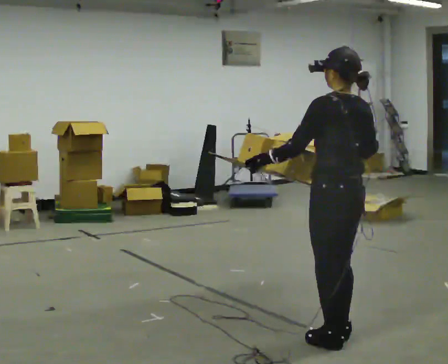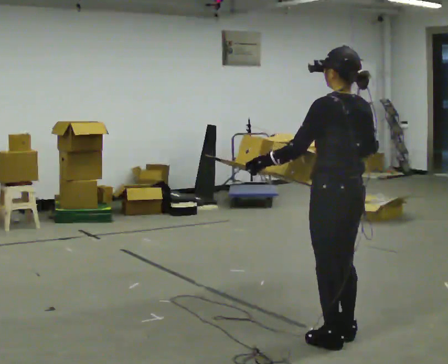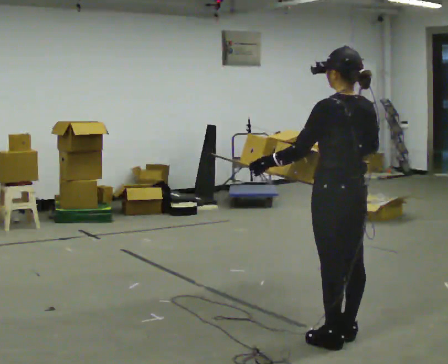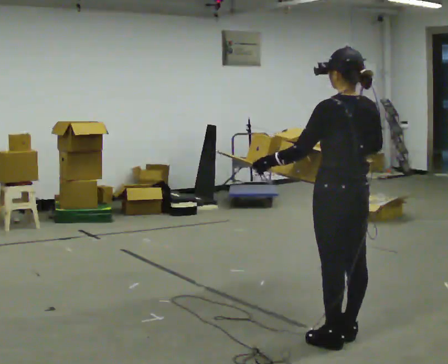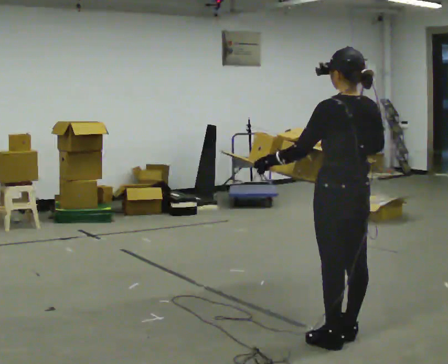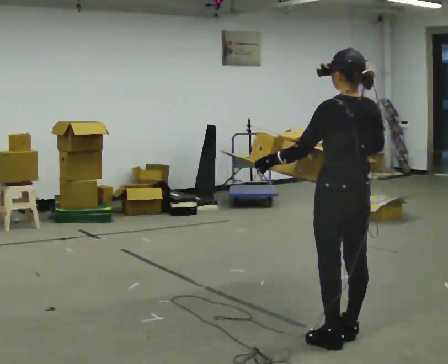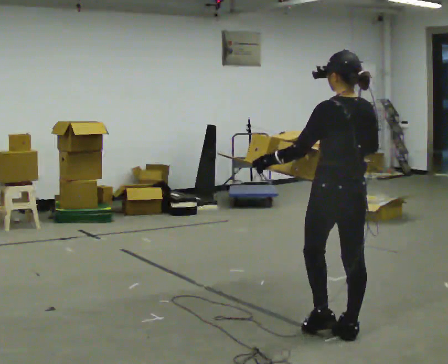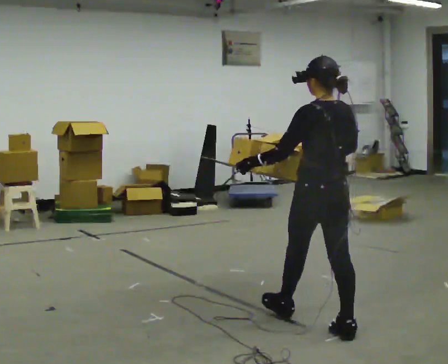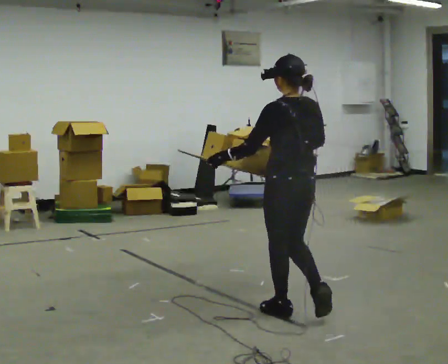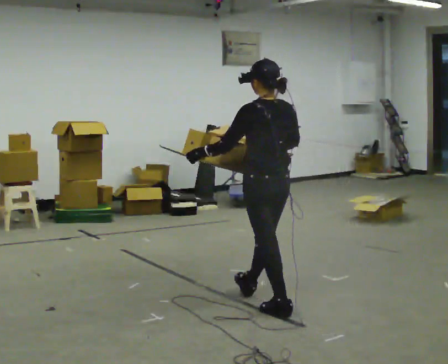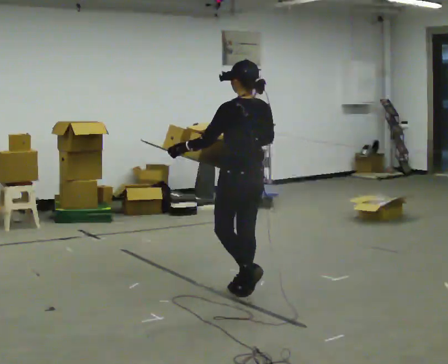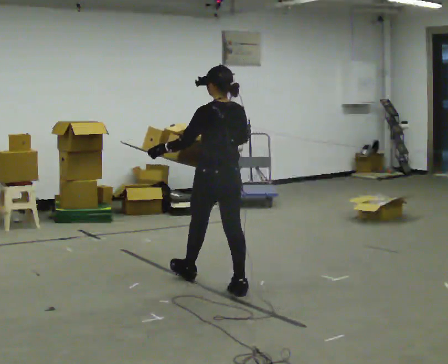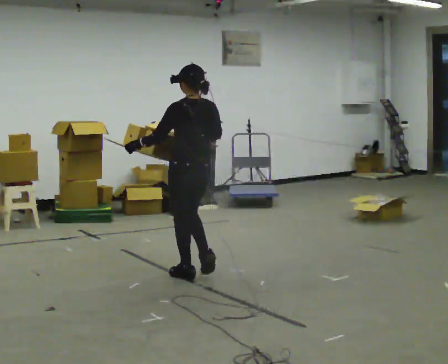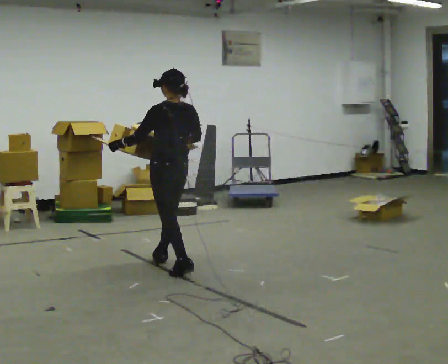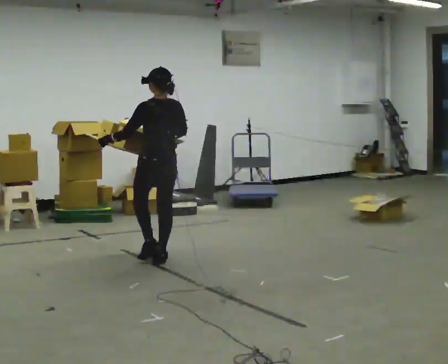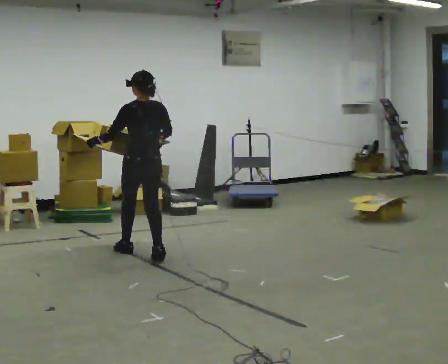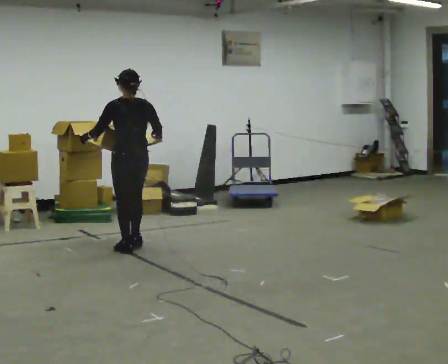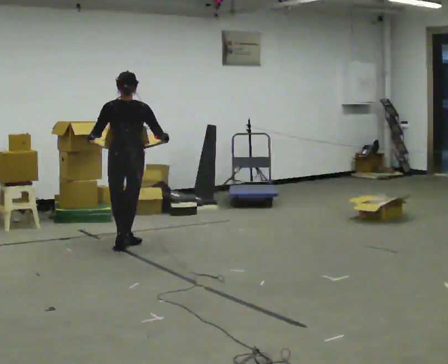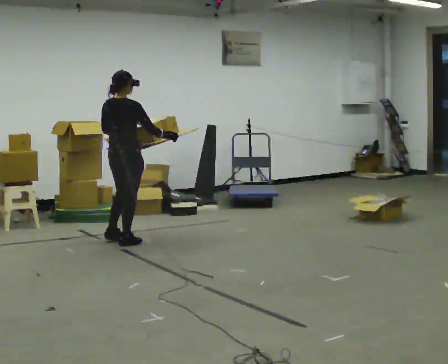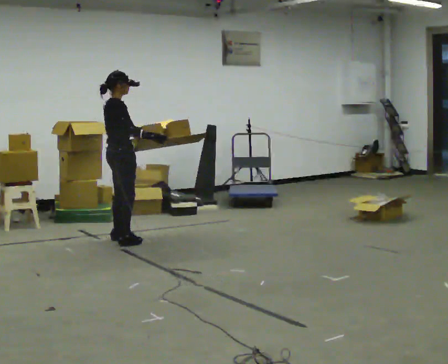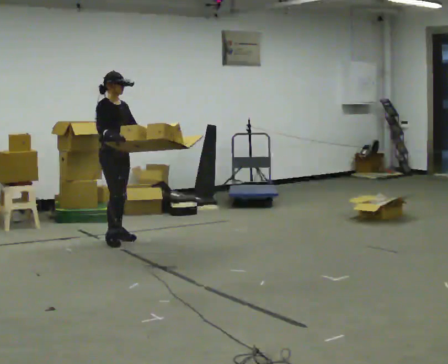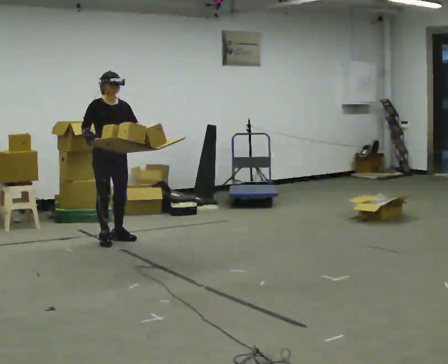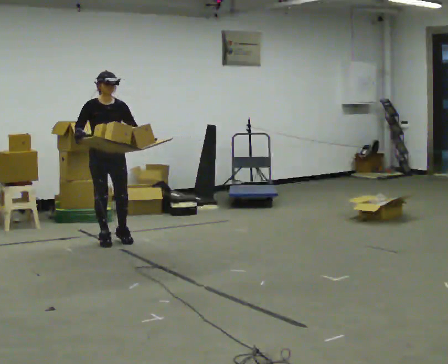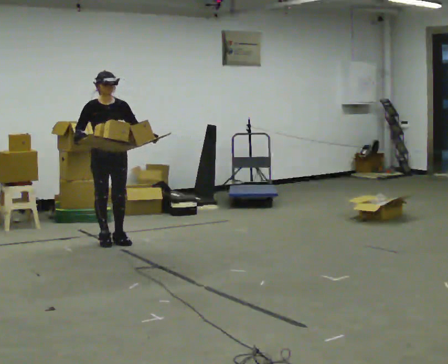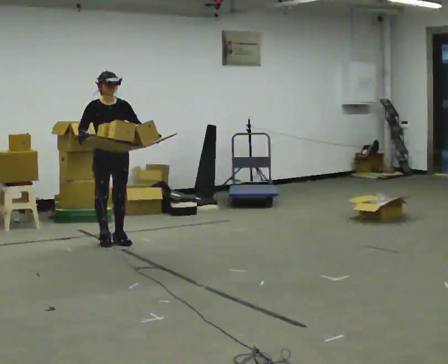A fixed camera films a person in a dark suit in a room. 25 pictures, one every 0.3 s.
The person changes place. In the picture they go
away from the camera.
The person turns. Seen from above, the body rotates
clockwise.
0.0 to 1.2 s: The person moves a little, or ends about where they began.
1.2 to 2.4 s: In the picture they go away from the camera and to the left, about 0.5 m in 1 step, which for them is forward.
2.4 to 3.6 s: In the picture they go away from the camera and to the left, about 1 m in 2 steps, which for them is forward.
3.6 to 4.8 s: In the picture they go away from the camera and to the left, about 1 m in 2 steps, which for them is forward.
4.8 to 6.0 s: Seen from above the body turns clockwise, about 150 degrees: to their right, with its near side sliding to the left. In the picture they go away from the camera and to the left, about 0.5 m in 2 steps.
6.0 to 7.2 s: Seen from above the body turns clockwise, about 30 degrees: to their right, with its near side sliding to the left.
The film runs forward here.
